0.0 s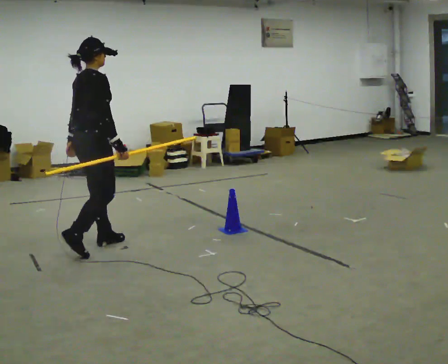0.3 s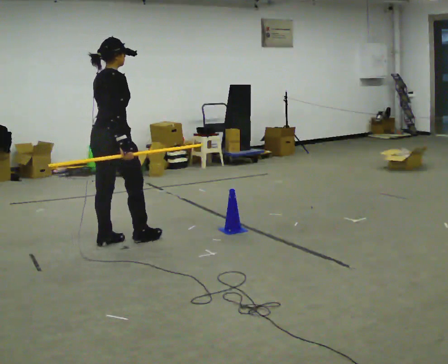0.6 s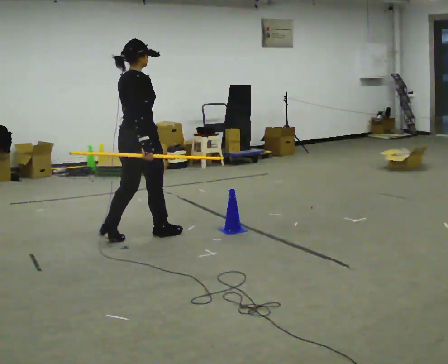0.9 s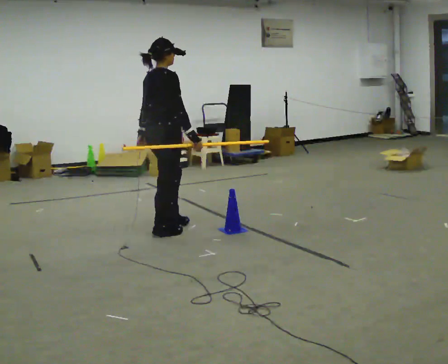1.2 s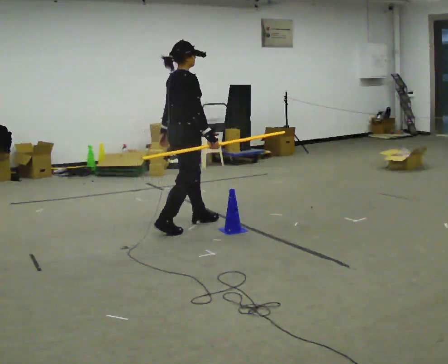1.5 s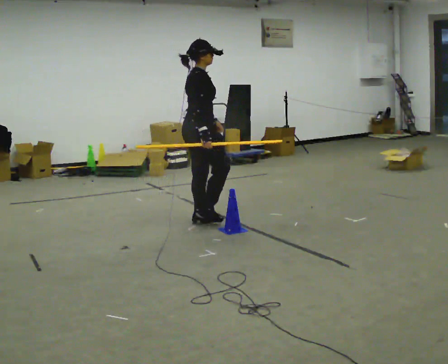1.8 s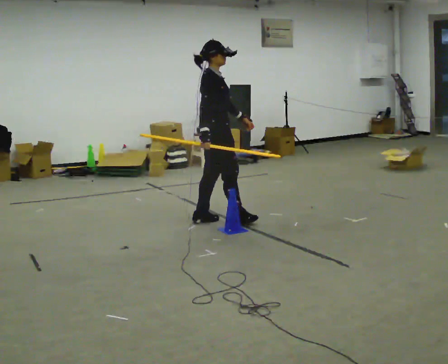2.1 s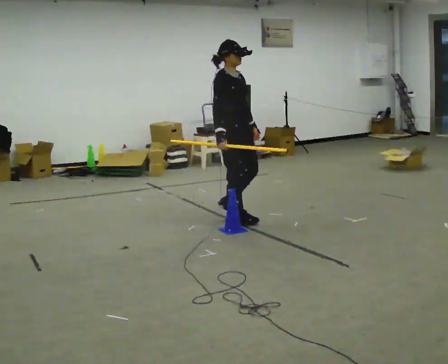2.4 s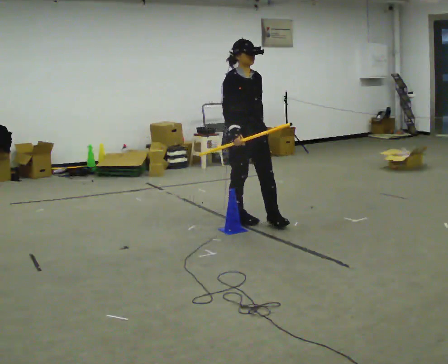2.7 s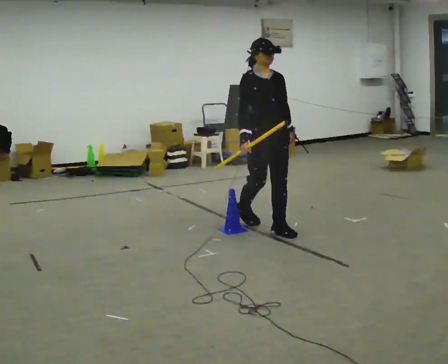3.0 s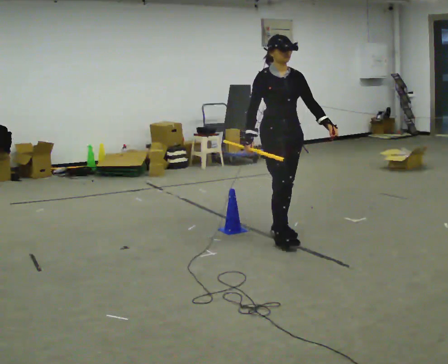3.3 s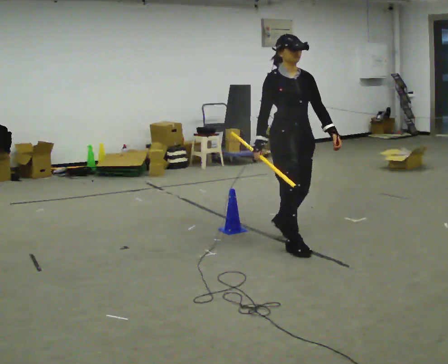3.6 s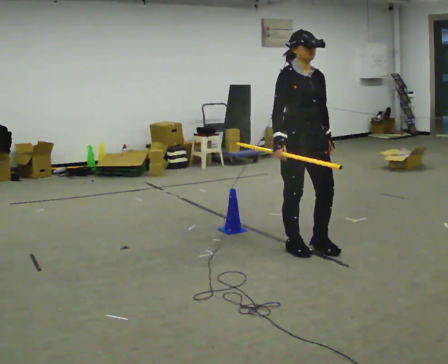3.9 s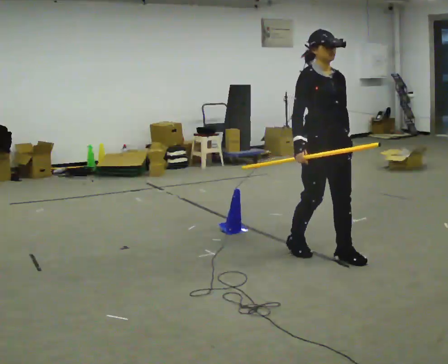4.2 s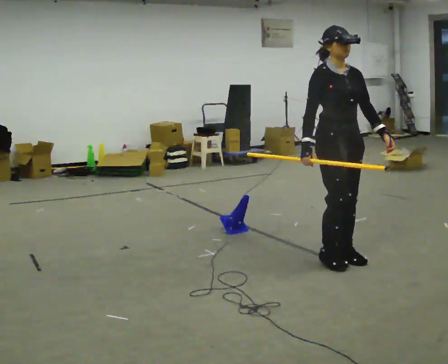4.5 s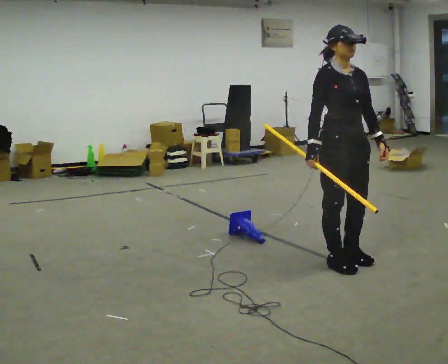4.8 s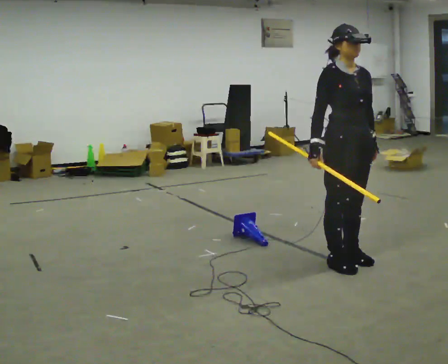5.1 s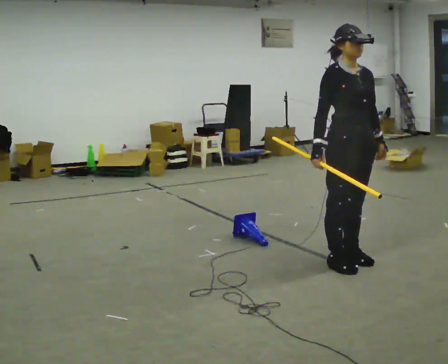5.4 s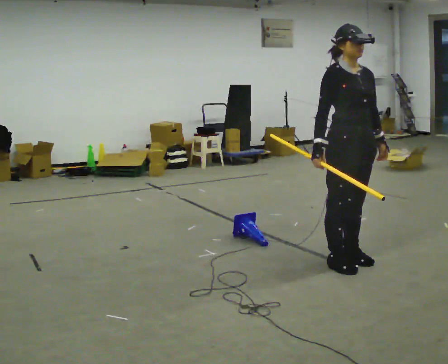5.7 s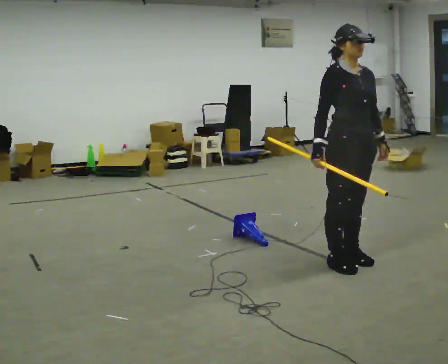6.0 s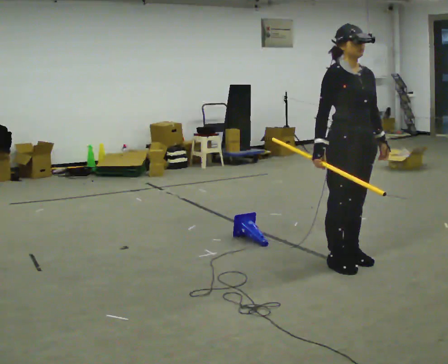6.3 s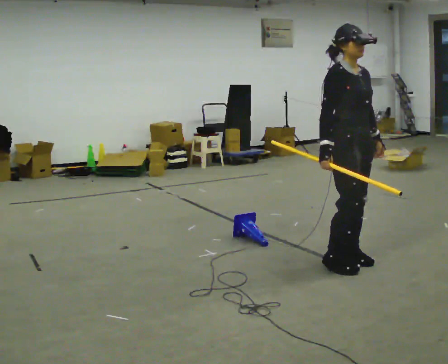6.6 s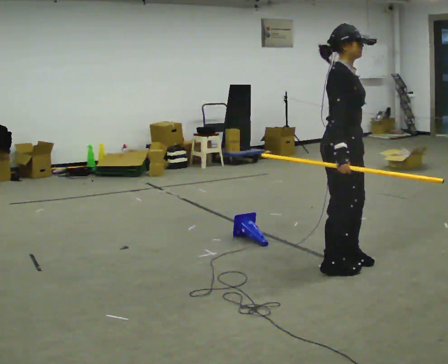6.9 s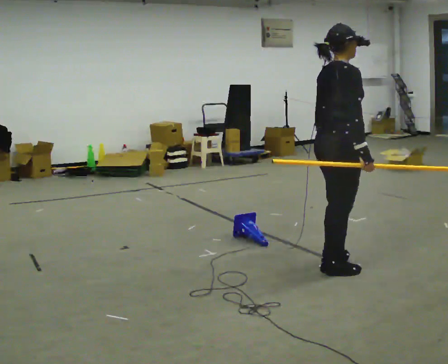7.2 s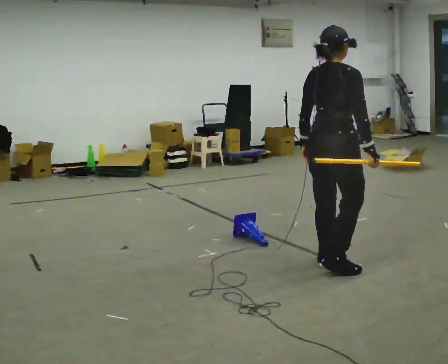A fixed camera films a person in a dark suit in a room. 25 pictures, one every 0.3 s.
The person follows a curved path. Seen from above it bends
clockwise.
The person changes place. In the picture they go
to the right.
0.0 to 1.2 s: In the picture they go away from the camera and to the right, about 1 m in 2 steps, which for them is forward.
1.2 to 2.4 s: The person turns about 75 degrees to their right, clockwise seen from above, so the part of the body nearest the lens slides to the left. In the picture they go to the right, about 0.5 m in 1 step.
2.4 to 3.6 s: In the picture they go toward the camera and to the right, about 1 m in 2 steps, which for them is forward.
3.6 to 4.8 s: In the picture they go to the right and toward the camera, about 0.5 m in 2 steps, which for them is forward.
4.8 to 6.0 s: The person moves a little, or ends about where they began.
6.0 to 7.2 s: Seen from above the body turns counterclockwise, about 105 degrees: to their left, with its near side sliding to the right. In the picture their right hand goes to the right, the arm swinging counterclockwise.
The film runs forward here.
